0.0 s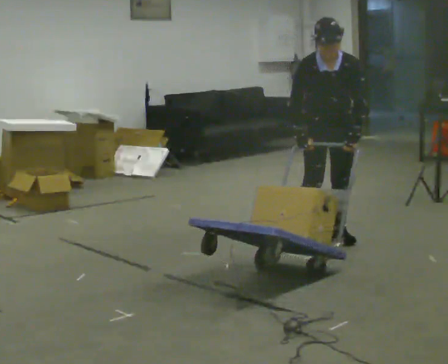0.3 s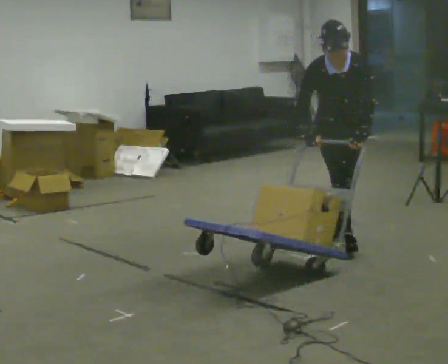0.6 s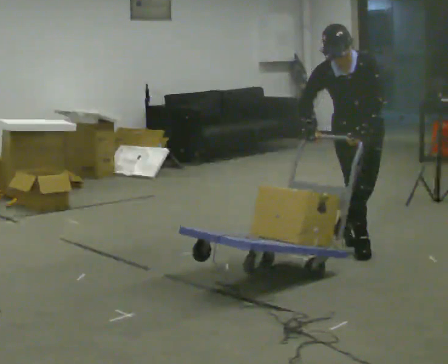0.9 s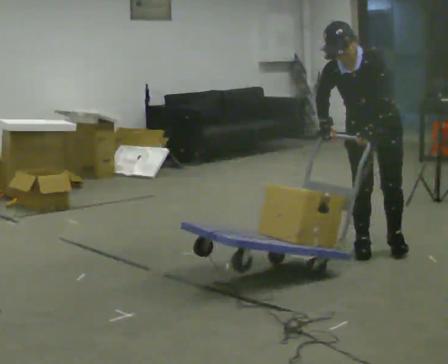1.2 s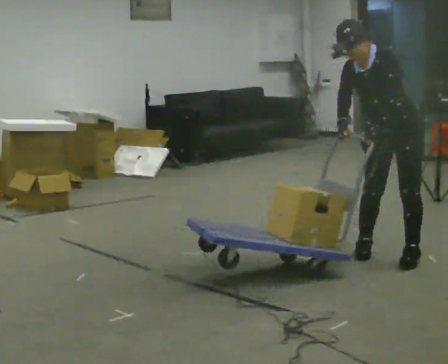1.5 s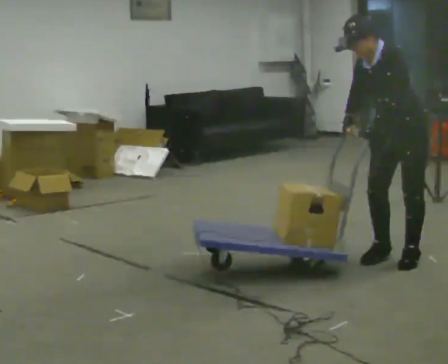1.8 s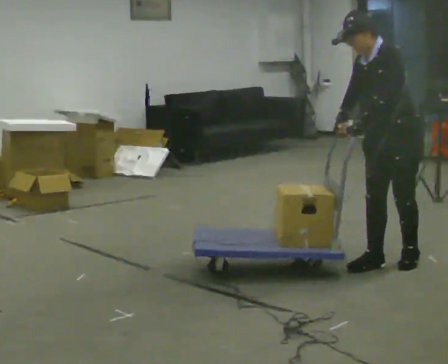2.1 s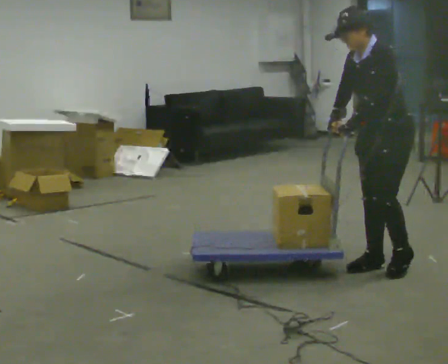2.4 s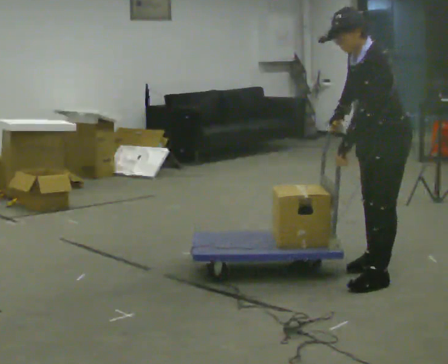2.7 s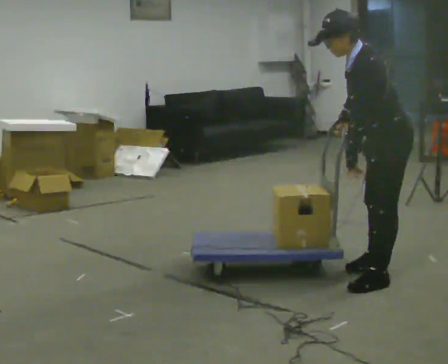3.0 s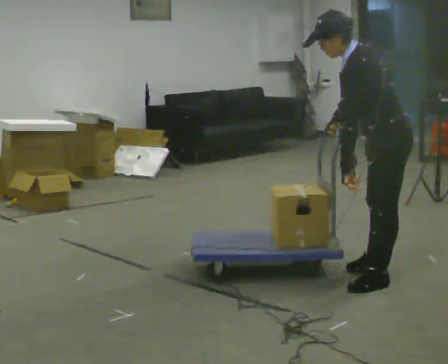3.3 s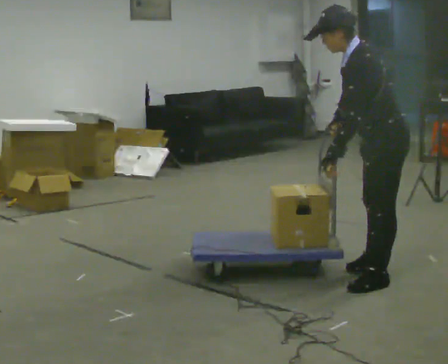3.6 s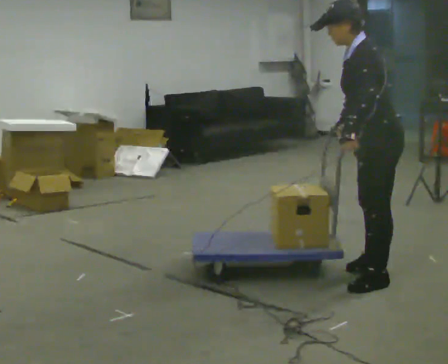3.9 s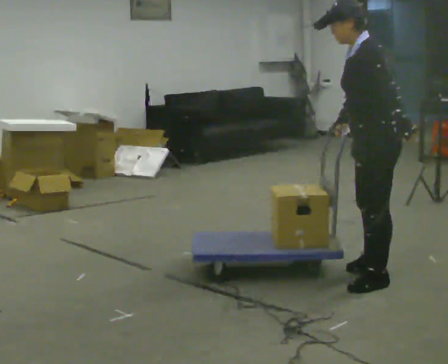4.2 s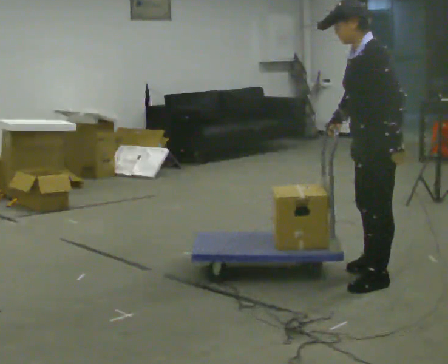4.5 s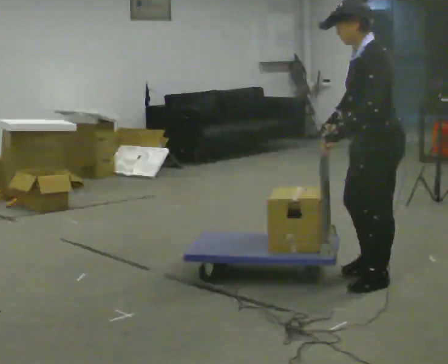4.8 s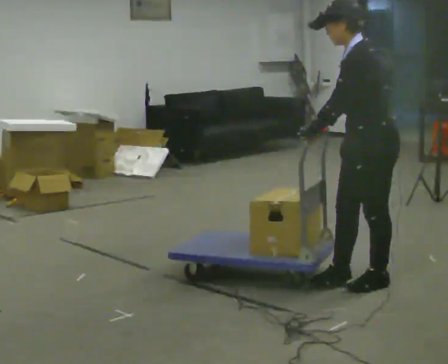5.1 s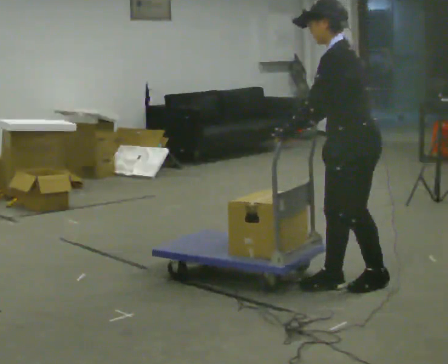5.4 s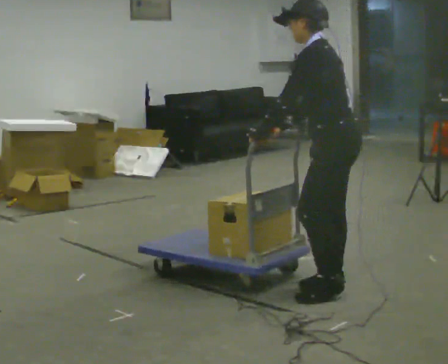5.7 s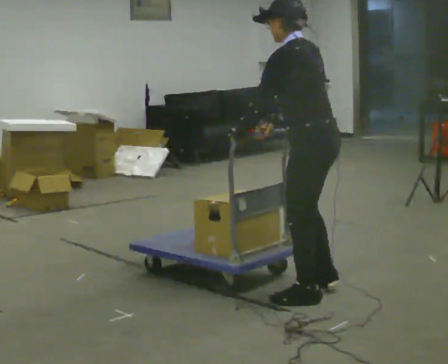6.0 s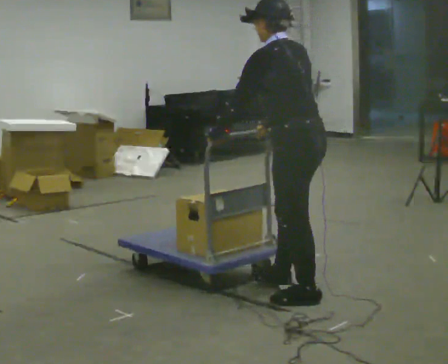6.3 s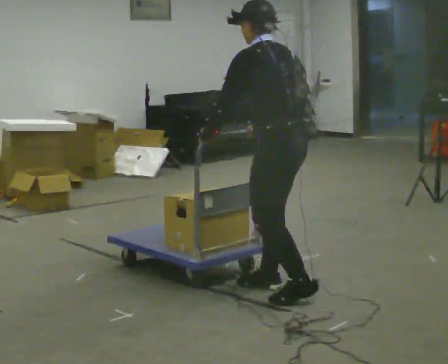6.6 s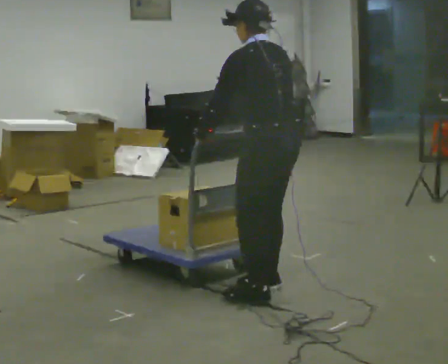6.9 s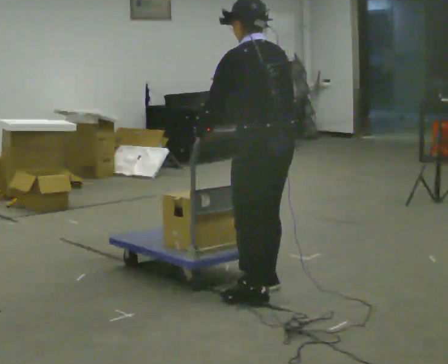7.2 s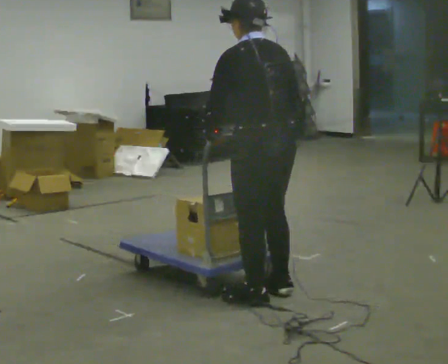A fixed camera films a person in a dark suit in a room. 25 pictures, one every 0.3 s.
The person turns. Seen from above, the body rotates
clockwise.
The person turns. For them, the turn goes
to their right.
0.0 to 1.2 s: Seen from above the body turns clockwise, about 45 degrees: to their right, with its near side sliding to the left. In the picture they go to the right and toward the camera, about 0.5 m in 2 steps, which for them is forward and to their left. In the picture the upper body tilts counterclockwise, shoulders to the left.
1.2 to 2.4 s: Seen from above the body turns clockwise, about 30 degrees: to their right, with its near side sliding to the left. In the picture they go toward the camera, about 0.25 m in 2 steps, which for them is forward and to their left.
2.4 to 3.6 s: In the picture they go toward the camera, about 0.25 m, which for them is to their left.
3.6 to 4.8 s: The person moves a little, or ends about where they began.
4.8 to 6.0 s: The person turns about 30 degrees to their right, clockwise seen from above, so the part of the body nearest the lens slides to the left. In the picture they go to the left and toward the camera, about 0.5 m in 2 steps, which for them is forward and to their left.
6.0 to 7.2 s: In the picture they go to the left, about 0.25 m in 2 steps, which for them is to their left.
The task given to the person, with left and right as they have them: Stand still with your hands on the cart. When the operator says go, get it moving, push it a few metres, then bring it to a stop. Repeat until the operator says stop.
The film runs forward here.
